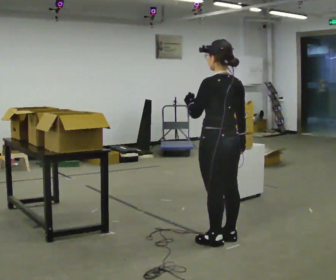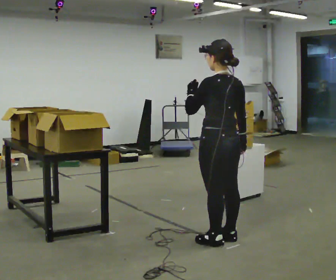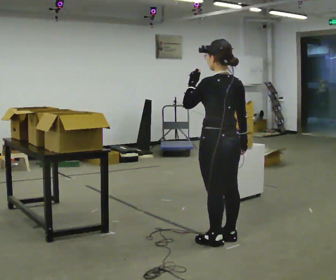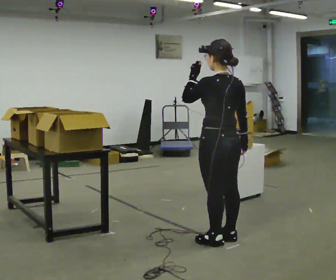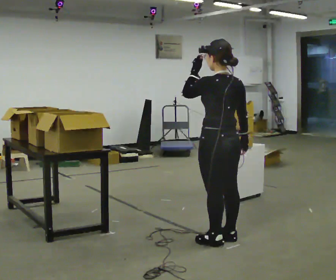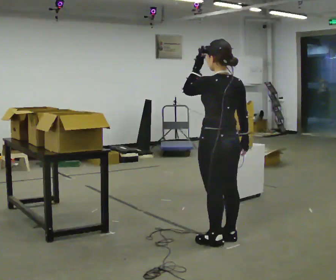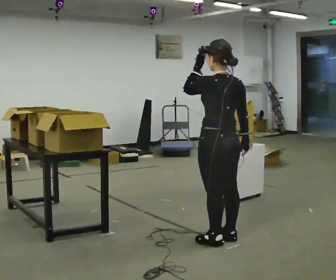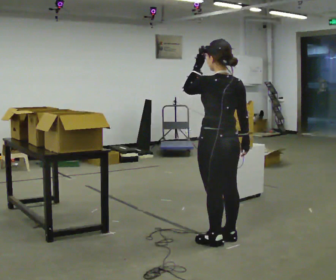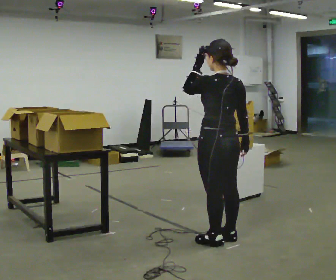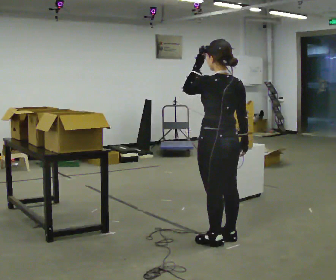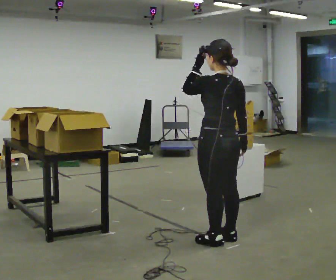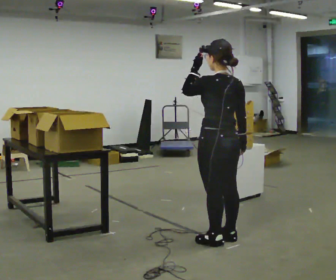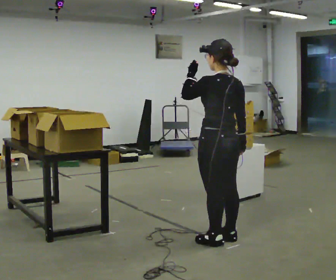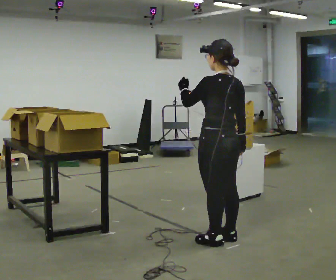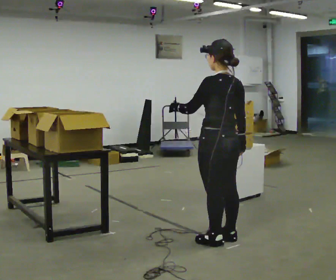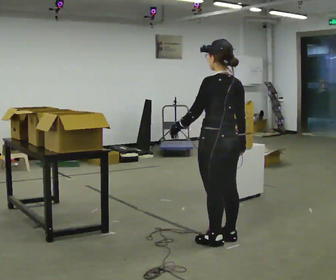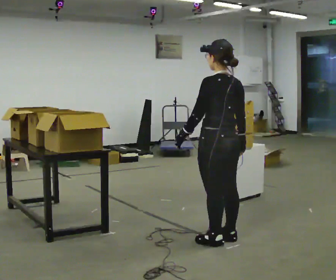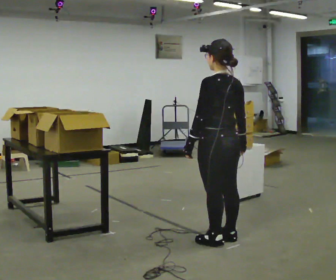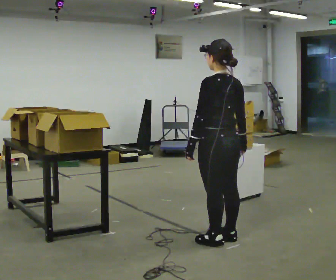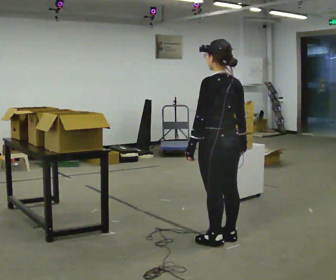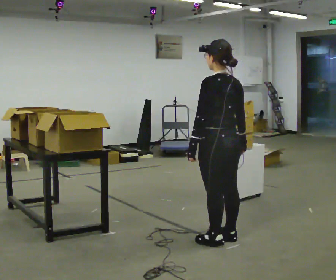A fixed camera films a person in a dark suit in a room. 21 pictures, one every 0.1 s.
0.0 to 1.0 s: In the picture their left hand goes upward.
1.0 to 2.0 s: In the picture their left hand goes downward.
The film runs backward here.
